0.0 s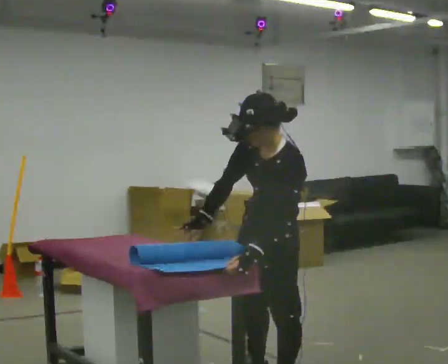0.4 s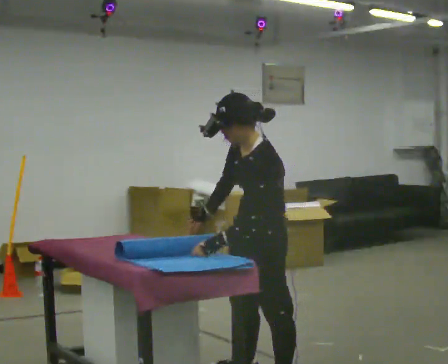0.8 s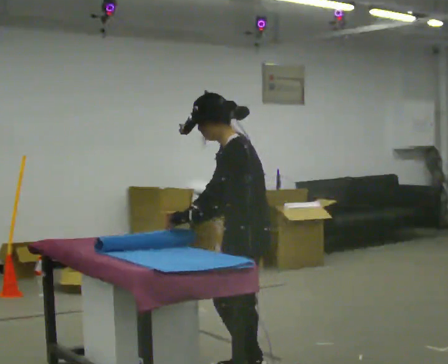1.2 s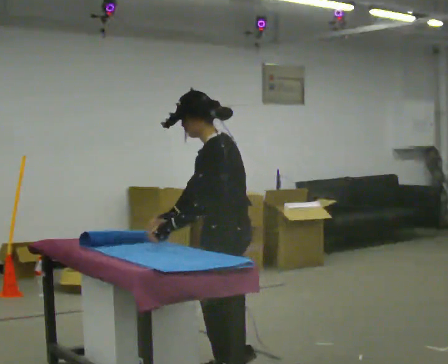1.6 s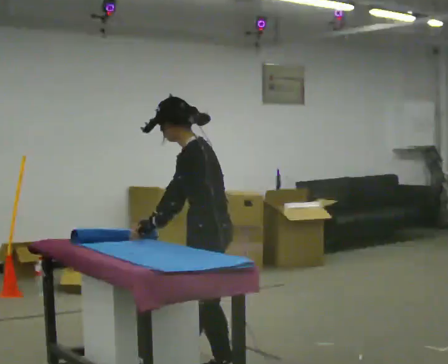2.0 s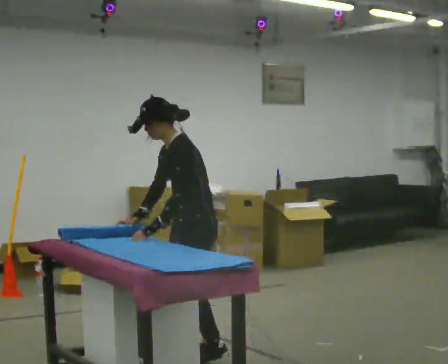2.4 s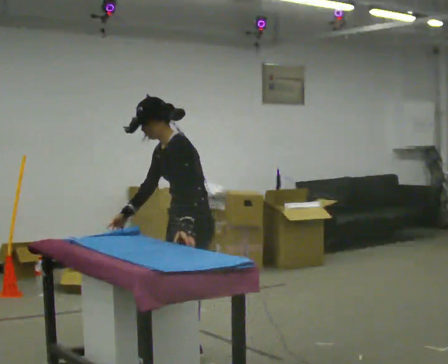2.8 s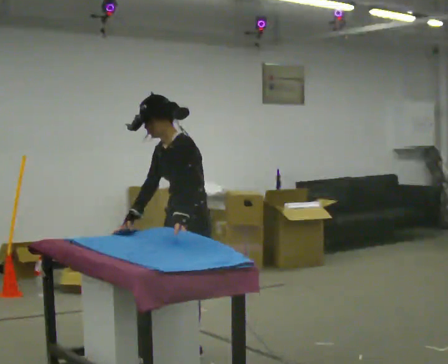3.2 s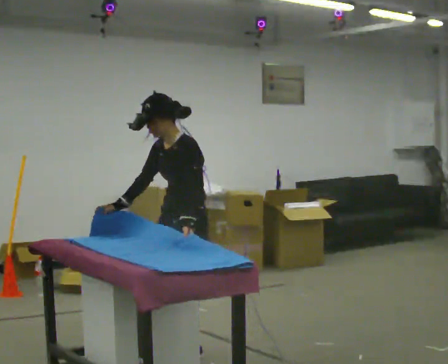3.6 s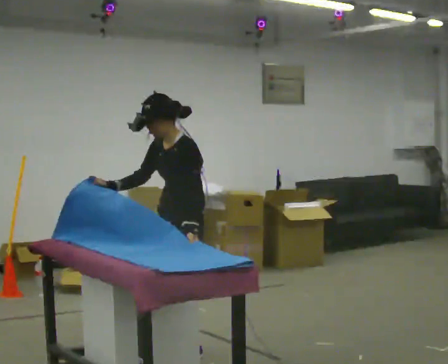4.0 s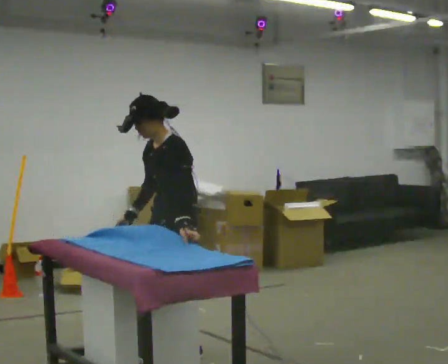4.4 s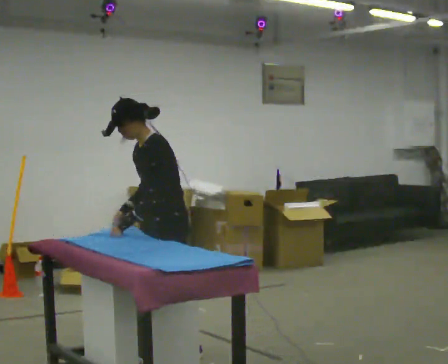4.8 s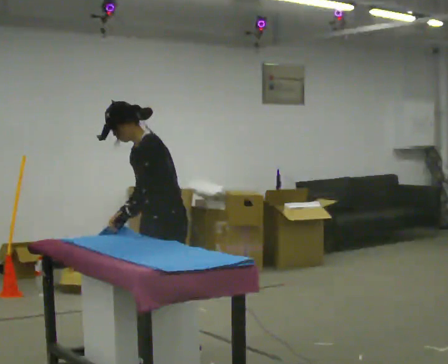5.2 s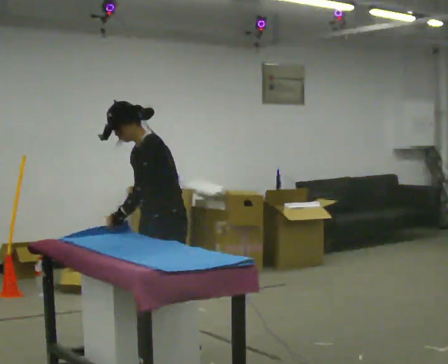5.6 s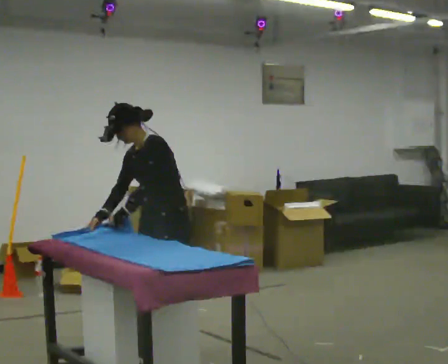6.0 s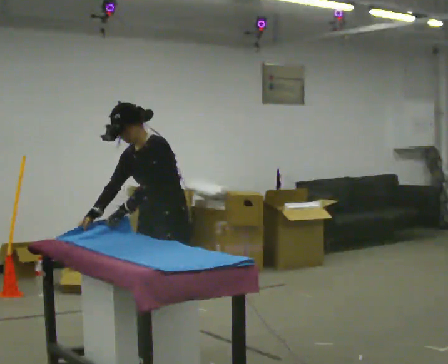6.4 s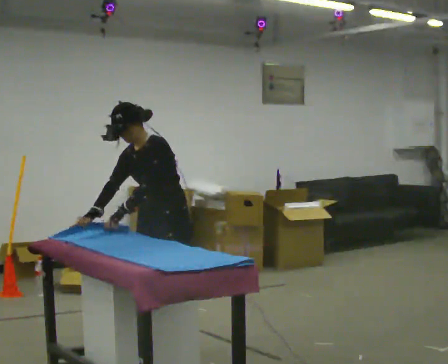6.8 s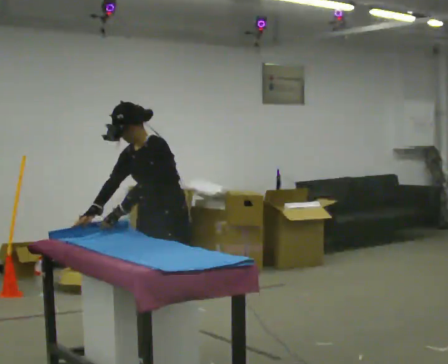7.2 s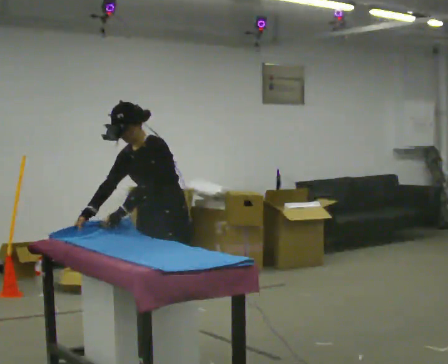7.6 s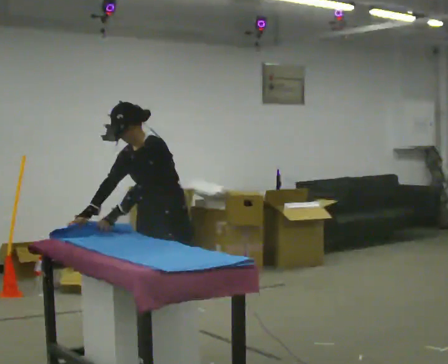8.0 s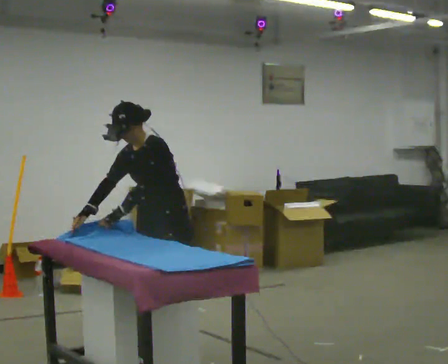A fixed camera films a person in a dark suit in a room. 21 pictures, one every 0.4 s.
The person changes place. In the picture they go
away from the camera.
0.0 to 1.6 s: The part of the body nearest the lens slides to the left as the person turns to their right by about 30 degrees. In the picture they go away from the camera and to the left, about 0.5 m in 2 steps, which for them is to their right and forward. The upper body tips away from the camera, its near side rolling upward.
1.6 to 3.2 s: Seen from above the body turns counterclockwise, about 30 degrees: to their left, with its near side sliding to the right. In the picture they go away from the camera, about 0.25 m in 1 step, which for them is to their right.
3.2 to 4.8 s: In the picture they go away from the camera, about 0.25 m in 1 step, which for them is to their right. In the picture their left hand goes to the left.
4.8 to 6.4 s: The person turns about 30 degrees to their left, counterclockwise seen from above, so the part of the body nearest the lens slides to the right.
6.4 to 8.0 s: The person moves a little, or ends about where they began.
The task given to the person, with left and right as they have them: Roll the mat up from one end, then unroll it again. Repeat at your own pace until the operator says stop.
The film runs forward here.
